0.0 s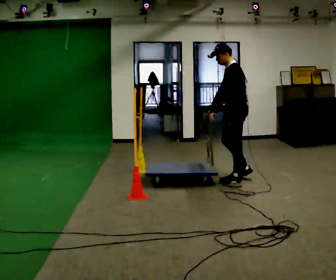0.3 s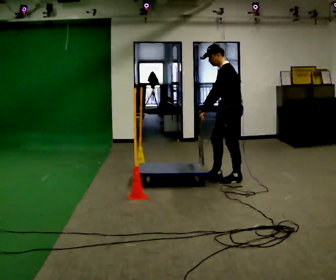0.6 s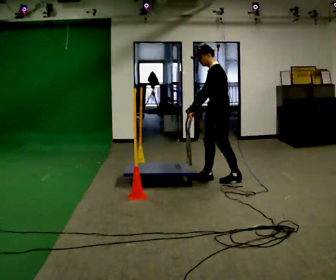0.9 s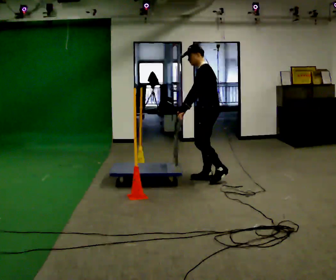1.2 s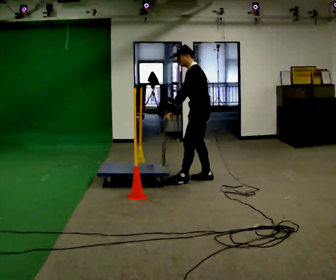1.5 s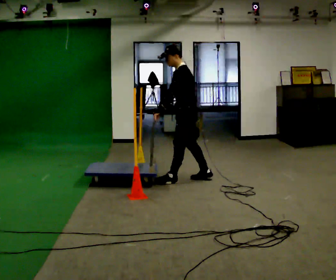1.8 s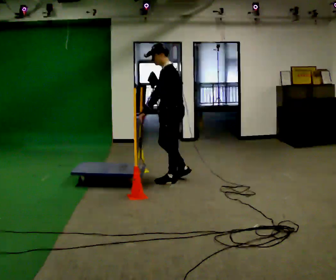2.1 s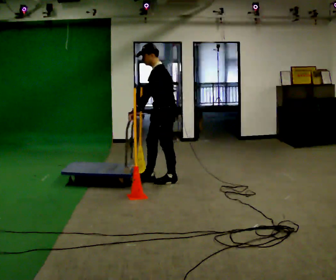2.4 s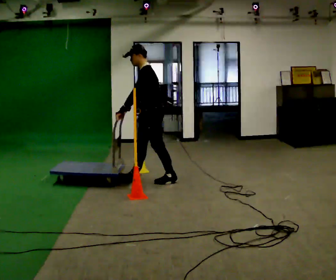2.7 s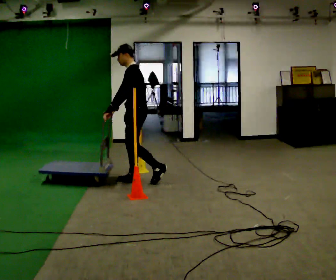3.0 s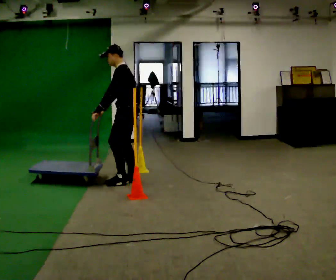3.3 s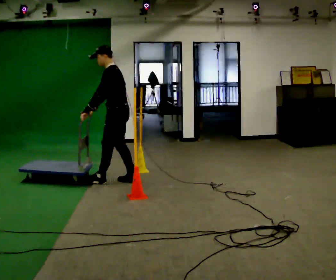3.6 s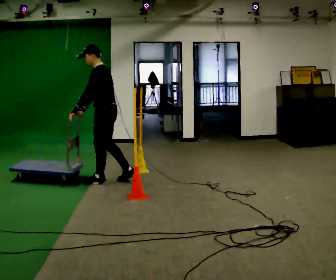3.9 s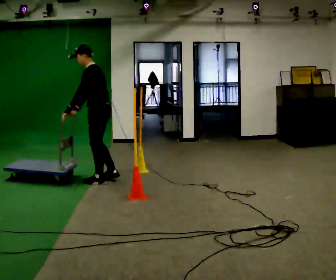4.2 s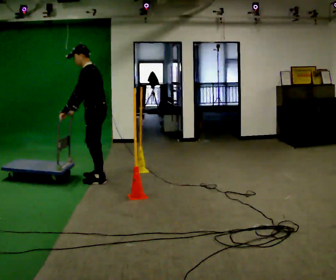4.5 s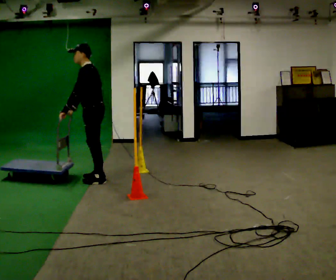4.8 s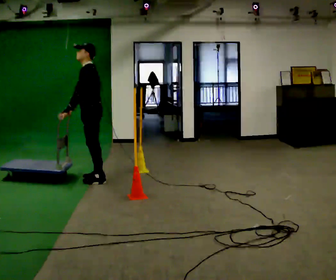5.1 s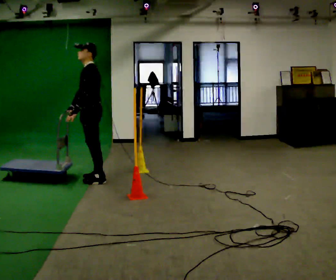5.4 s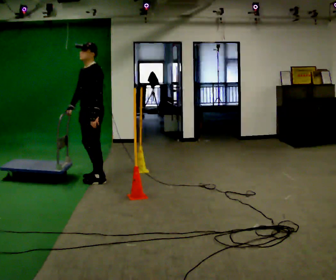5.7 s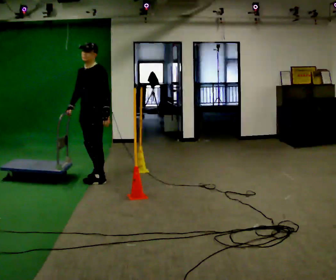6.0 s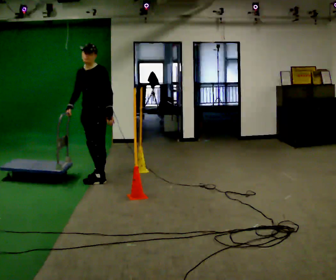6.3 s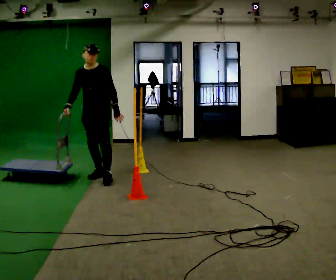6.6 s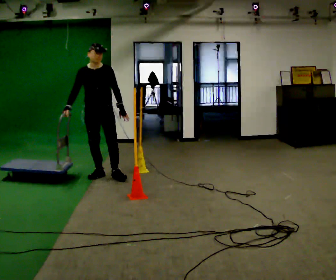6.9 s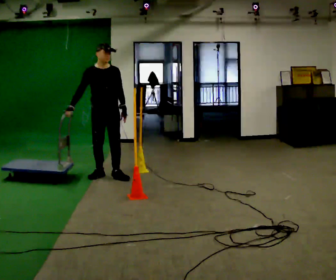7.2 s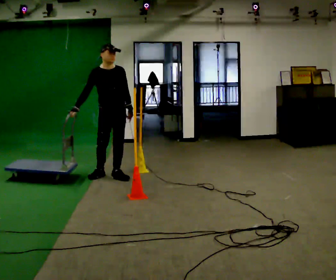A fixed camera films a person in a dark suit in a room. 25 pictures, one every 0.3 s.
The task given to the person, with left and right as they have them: Push the cart through the gap between the poles without touching them, then bring it back through.
0.0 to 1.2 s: In the picture they go to the left and away from the camera, about 0.5 m in 1 step, which for them is forward.
1.2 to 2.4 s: In the picture they go to the left, about 0.5 m in 2 steps, which for them is forward.
2.4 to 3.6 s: In the picture they go to the left, about 0.5 m in 1 step, which for them is forward.
3.6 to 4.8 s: In the picture they go to the left, about 0.25 m in 1 step, which for them is forward.
4.8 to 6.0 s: The person turns about 45 degrees to their left, counterclockwise seen from above, so the part of the body nearest the lens slides to the right. In the picture they go away from the camera, about 0.25 m in 1 step, which for them is to their right. In the picture their left hand goes to the right, the arm swinging counterclockwise.
6.0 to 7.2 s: The part of the body nearest the lens slides to the right as the person turns to their left by about 60 degrees. In the picture they go to the right, about 0.25 m in 1 step, which for them is to their left.
The film runs forward here.
